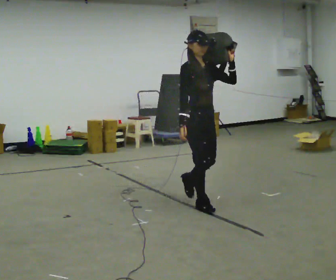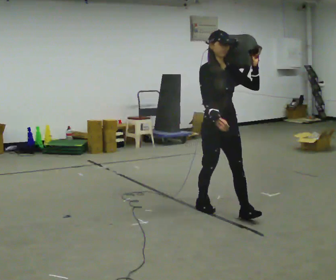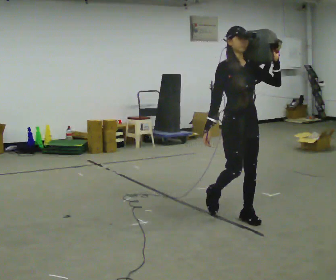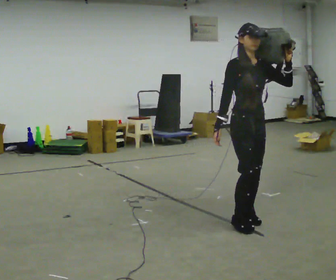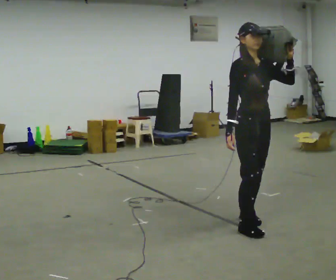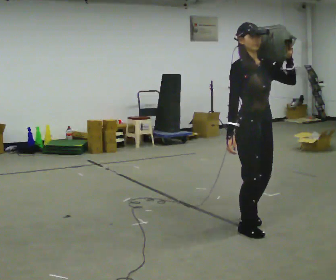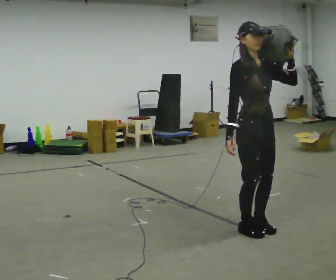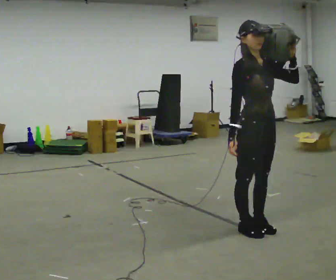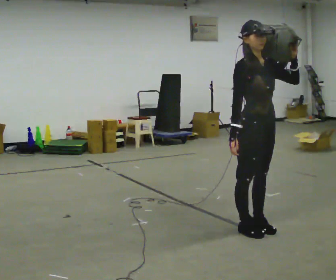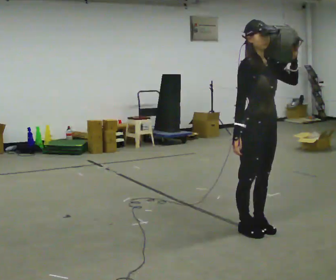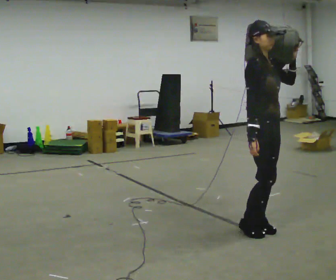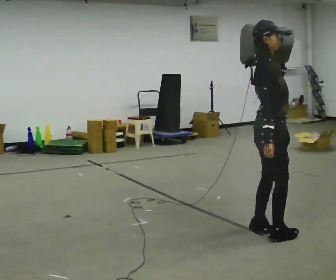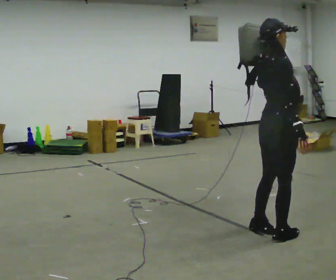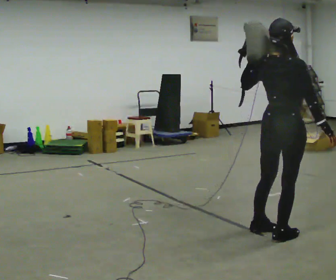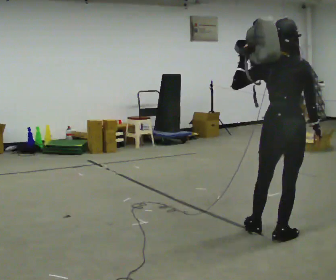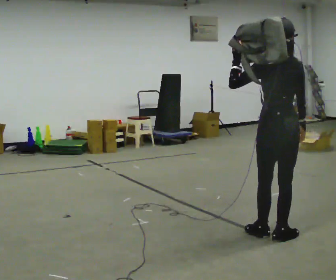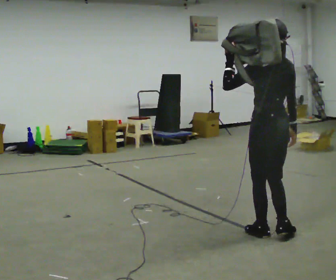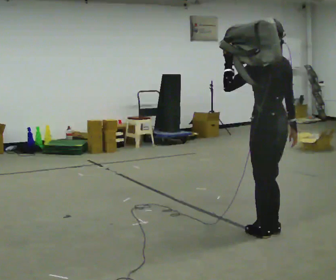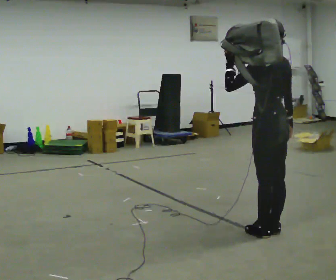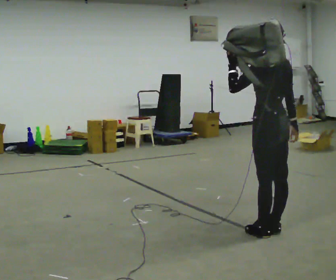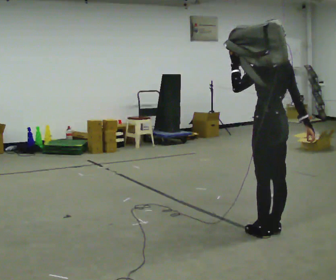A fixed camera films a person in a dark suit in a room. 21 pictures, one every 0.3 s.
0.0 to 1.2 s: In the picture they go toward the camera and to the right, about 0.5 m in 2 steps, which for them is forward.
1.2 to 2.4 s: The person moves a little, or ends about where they began.
2.4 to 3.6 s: The part of the body nearest the lens slides to the right as the person turns to their left by about 75 degrees.
3.6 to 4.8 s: The part of the body nearest the lens slides to the right as the person turns to their left by about 90 degrees. In the picture their left hand goes to the left.
4.8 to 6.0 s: The person moves a little, or ends about where they began.
The film runs forward here.
